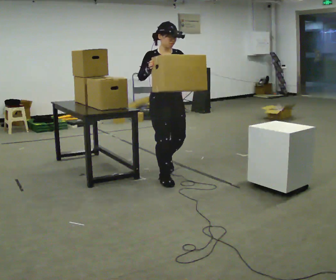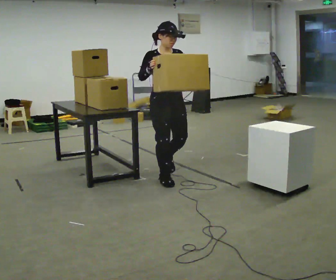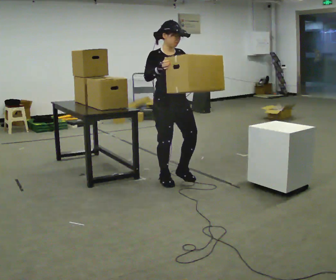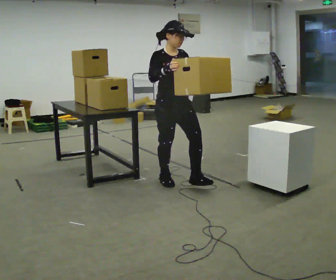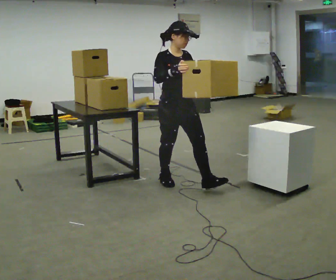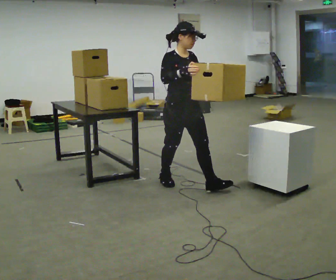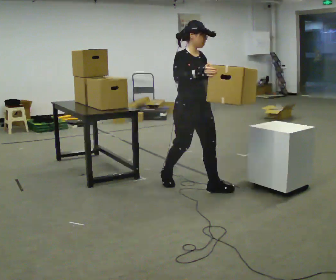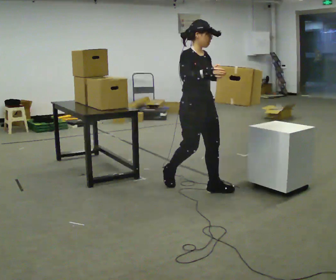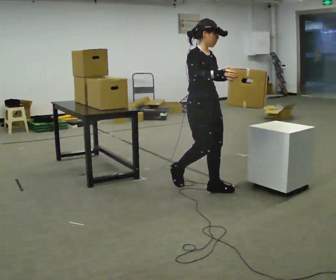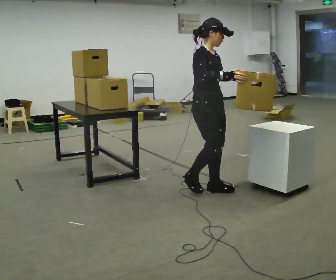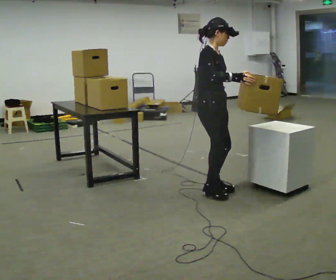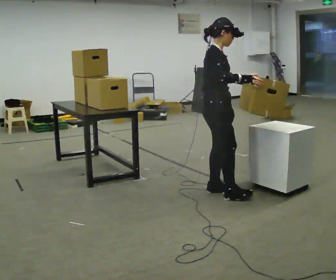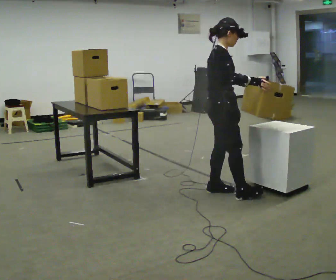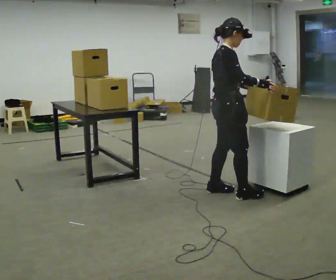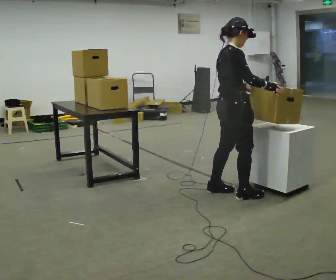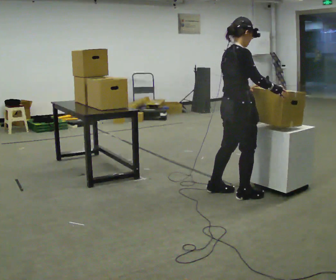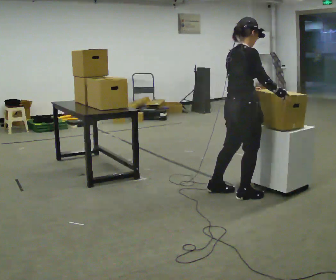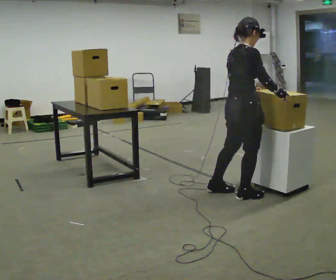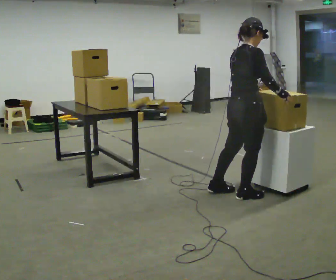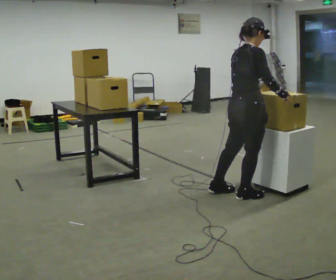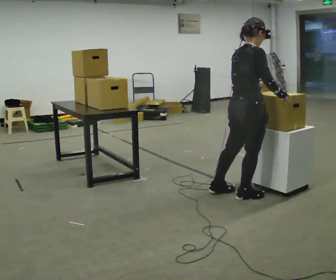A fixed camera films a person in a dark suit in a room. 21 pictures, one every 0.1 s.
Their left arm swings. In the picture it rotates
clockwise.
The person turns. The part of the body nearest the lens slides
to the right.
0.0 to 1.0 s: Seen from above the body turns counterclockwise, about 45 degrees: to their left, with its near side sliding to the right. In the picture they go to the right and toward the camera, about 0.5 m in 1 step, which for them is forward.
1.0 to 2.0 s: The person turns about 45 degrees to their left, counterclockwise seen from above, so the part of the body nearest the lens slides to the right. In the picture they go to the right and toward the camera, about 0.25 m in 1 step, which for them is to their right and forward.
The film runs forward here.
